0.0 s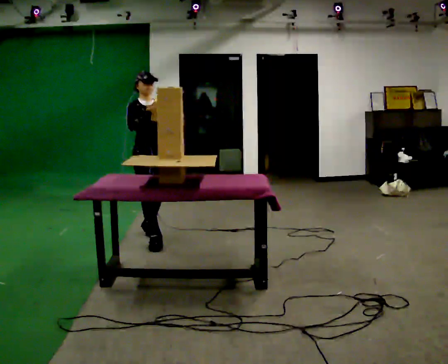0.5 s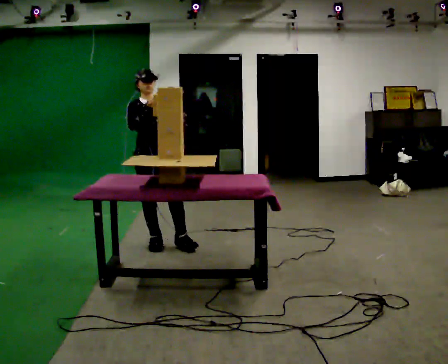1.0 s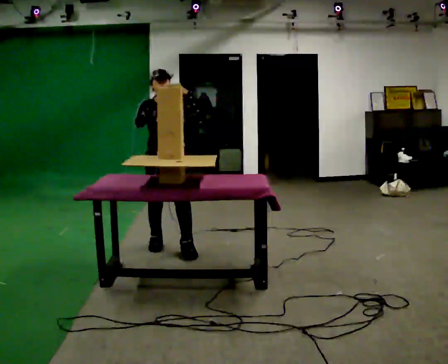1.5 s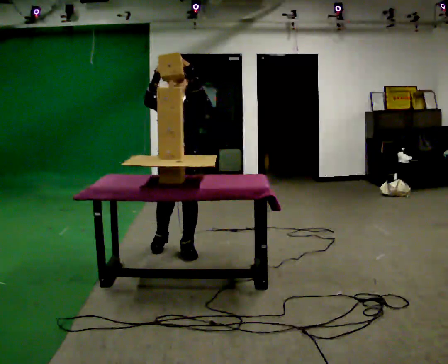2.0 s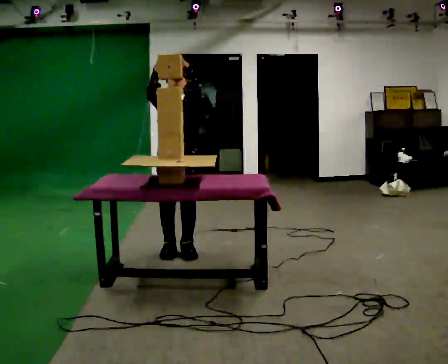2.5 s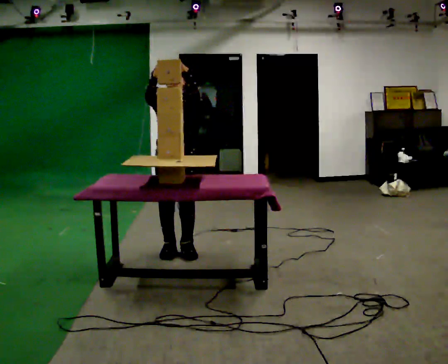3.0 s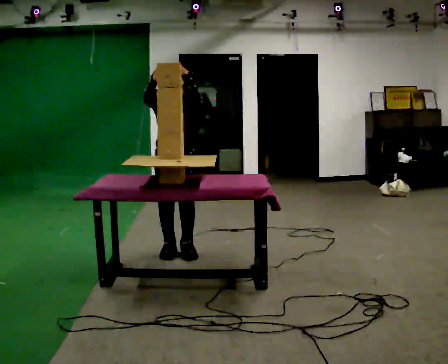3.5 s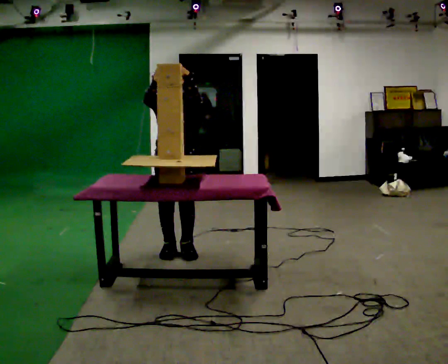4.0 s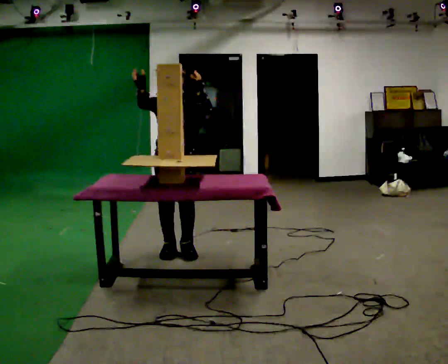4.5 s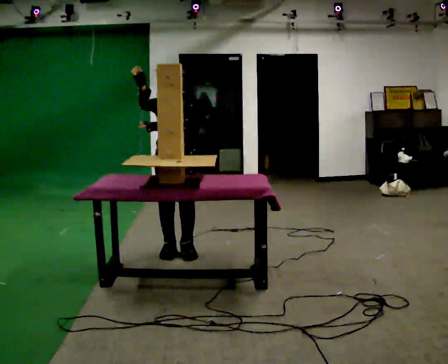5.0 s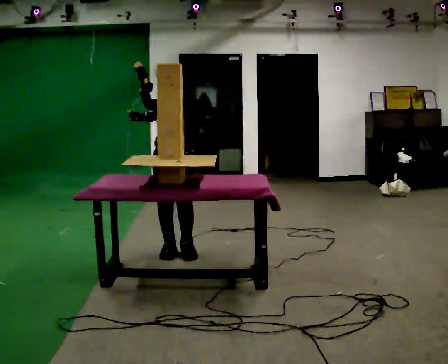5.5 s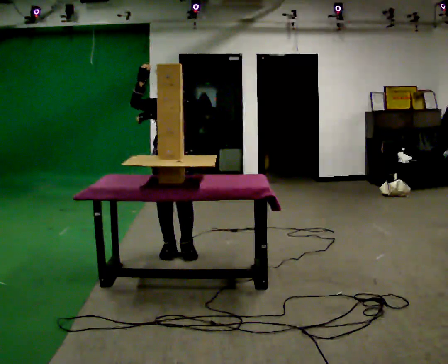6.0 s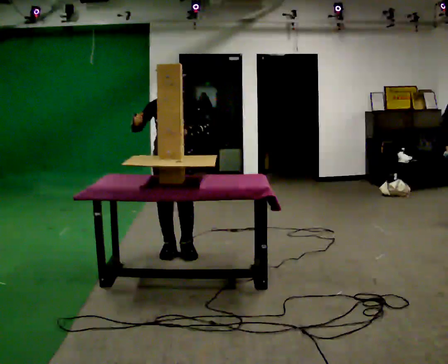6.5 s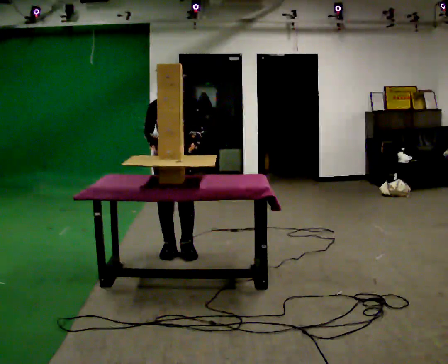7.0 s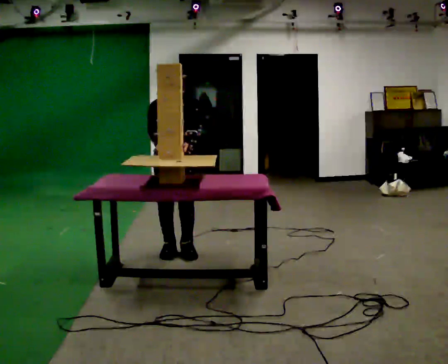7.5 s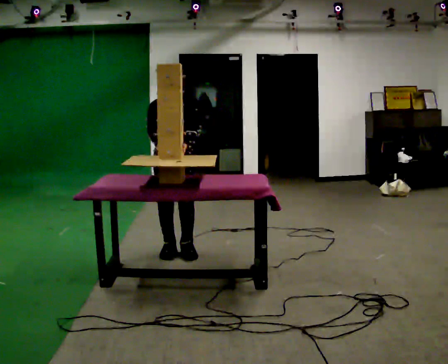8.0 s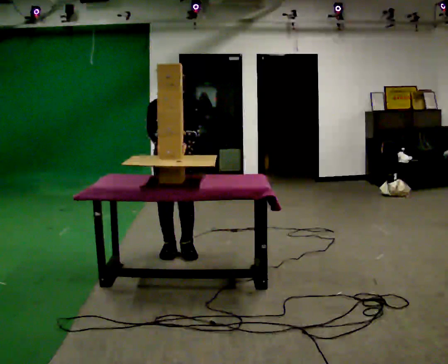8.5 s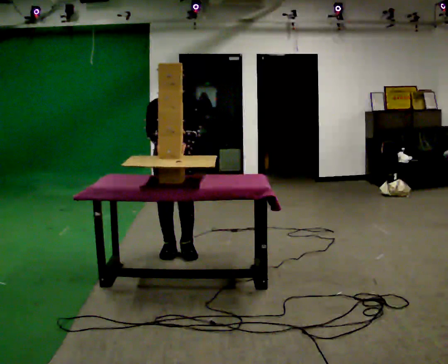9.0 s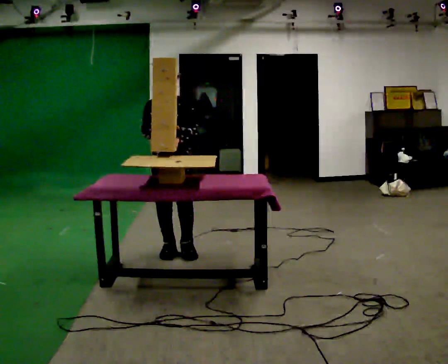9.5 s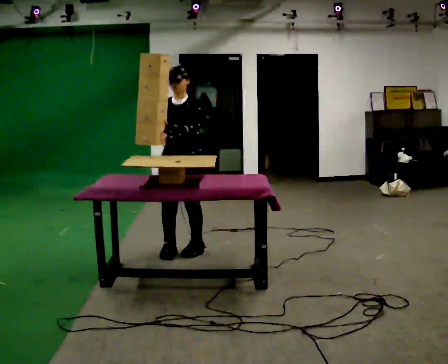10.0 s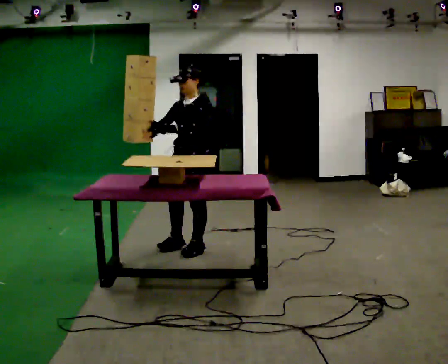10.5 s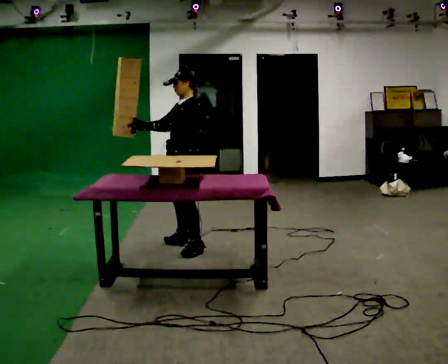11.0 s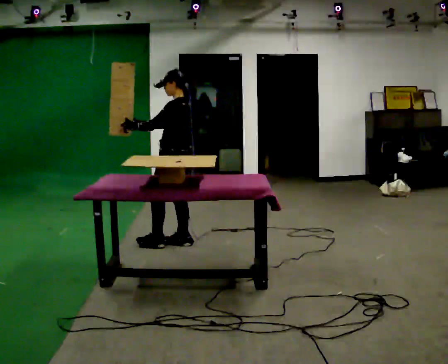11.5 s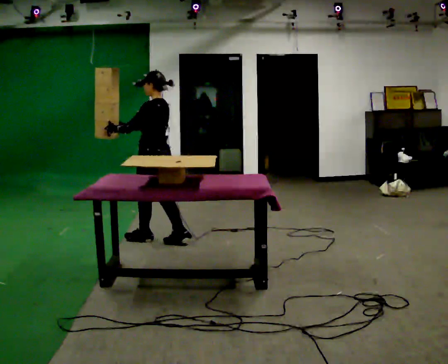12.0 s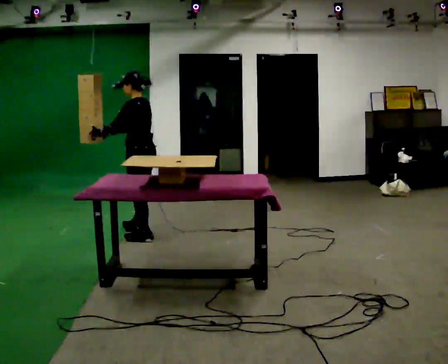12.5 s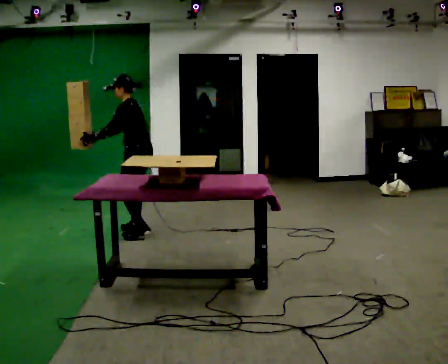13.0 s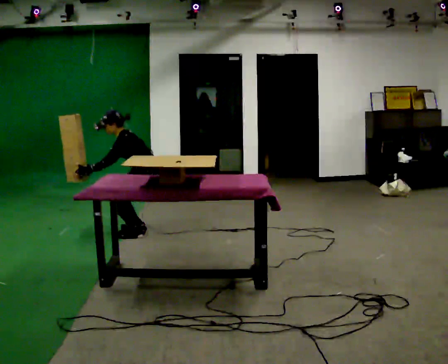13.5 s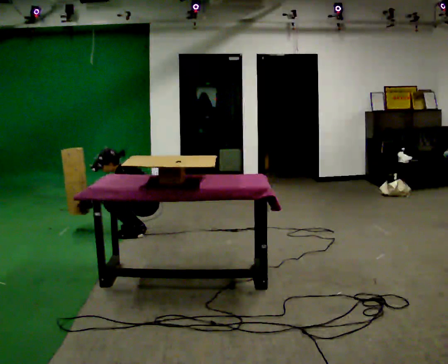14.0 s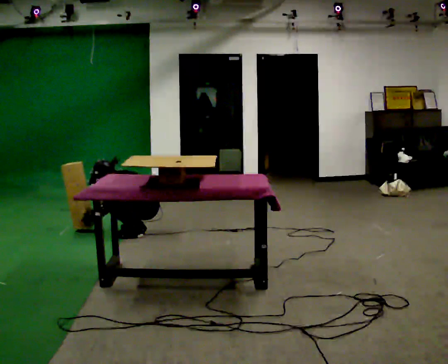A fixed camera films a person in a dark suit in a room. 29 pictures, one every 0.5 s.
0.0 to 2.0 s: The part of the body nearest the lens slides to the left as the person turns to their right by about 30 degrees. In the picture they go toward the camera and to the right, about 0.5 m in 2 steps, which for them is forward and to their left.
2.0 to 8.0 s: In the picture their left hand goes downward.
8.0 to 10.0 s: The person turns about 60 degrees to their right, clockwise seen from above, so the part of the body nearest the lens slides to the left. In the picture they go to the right, about 0.25 m, which for them is to their left.
10.0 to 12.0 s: The person turns about 60 degrees to their right, clockwise seen from above, so the part of the body nearest the lens slides to the left. In the picture they go to the left and away from the camera, about 0.5 m in 2 steps.
12.0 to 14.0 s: In the picture they go away from the camera, about 0.25 m in 2 steps, which for them is to their right. The upper body goes downward. In the picture the upper body tilts counterclockwise, shoulders to the left, as they bend forward. In the picture their left hand goes downward.
The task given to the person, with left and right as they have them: Carry the object over and set it down on the wobbly board without tipping it over. Keep going until the operator says stop; one object at a time, and do not rush between trips.
The film runs forward here.
